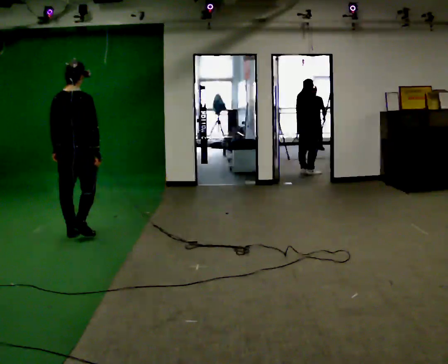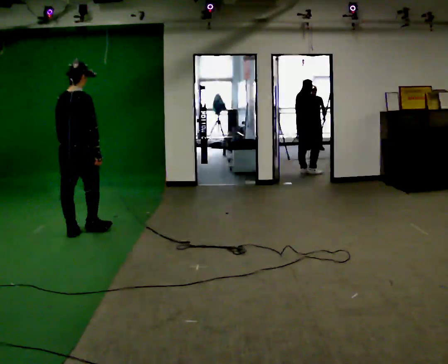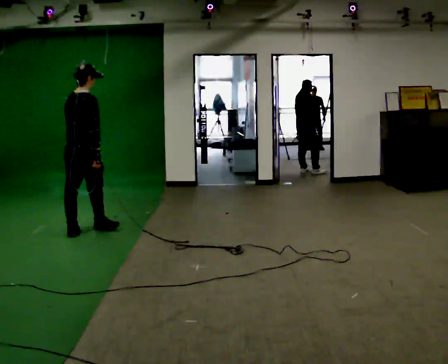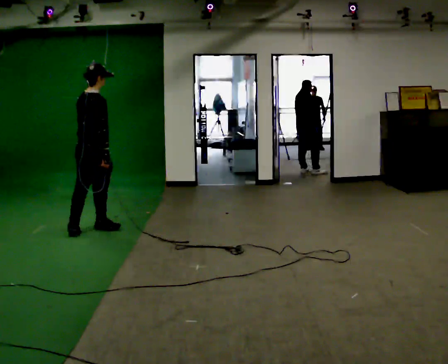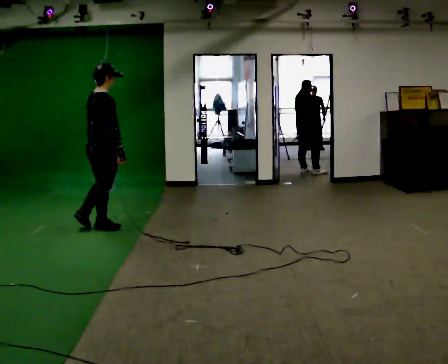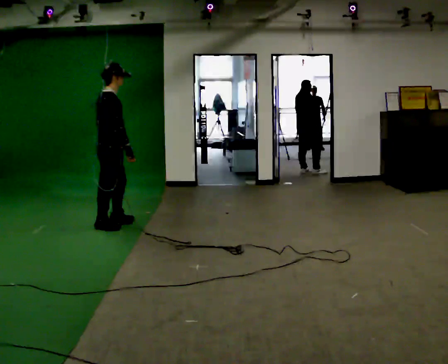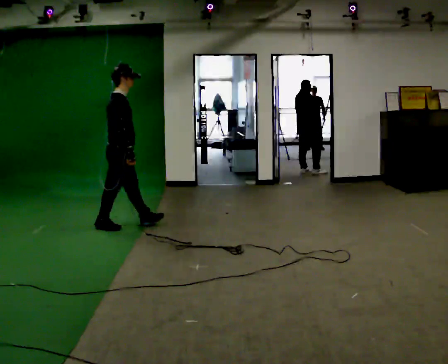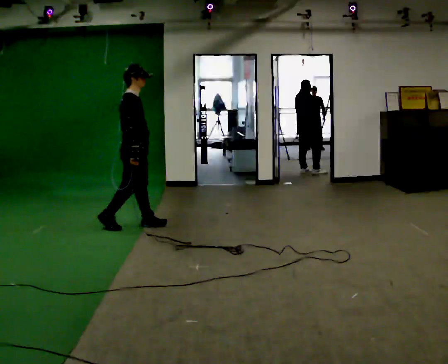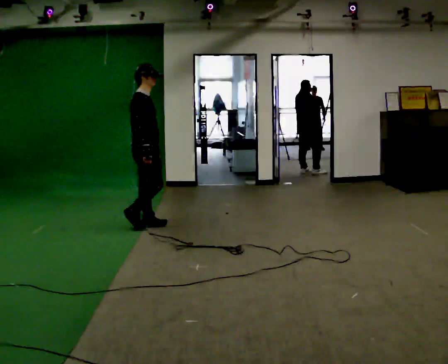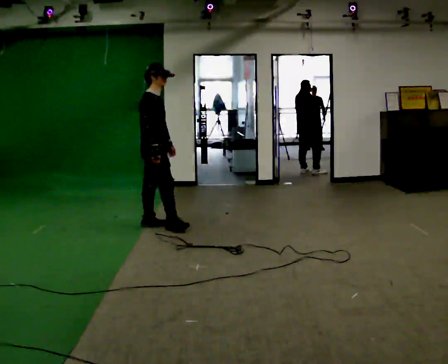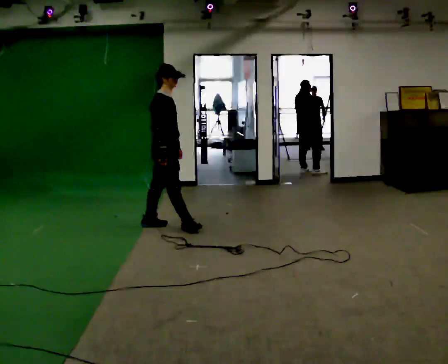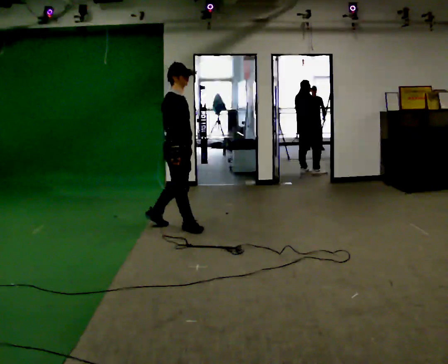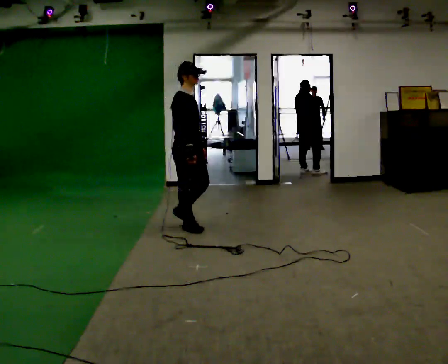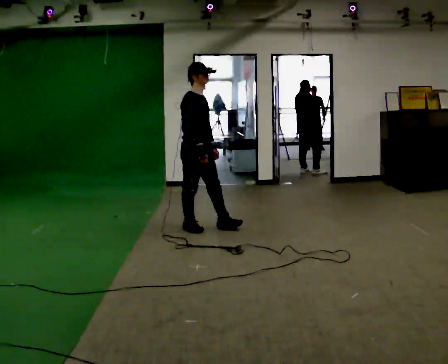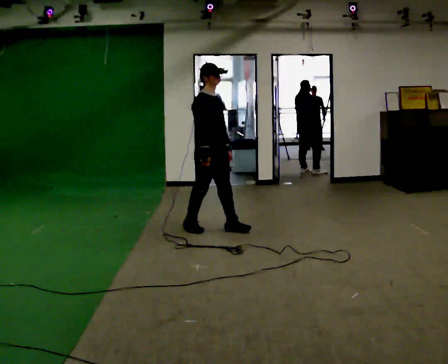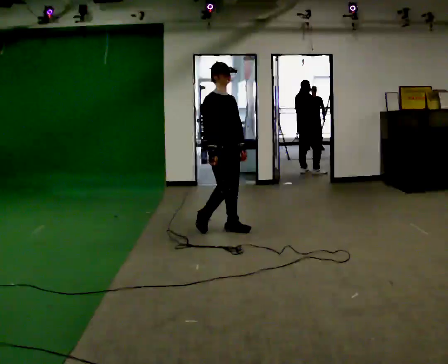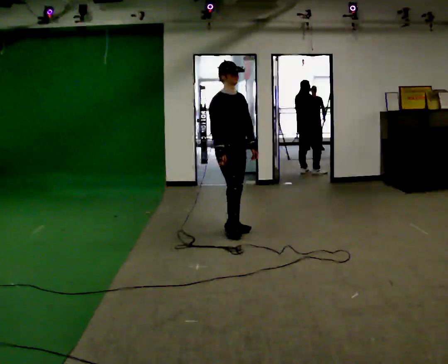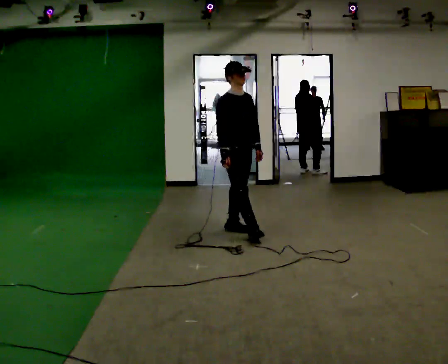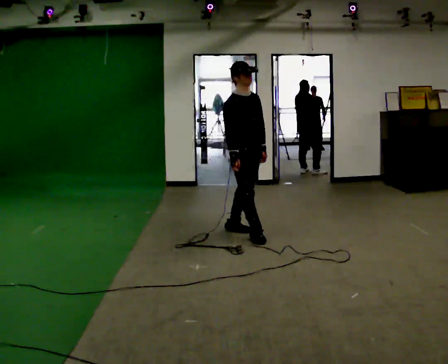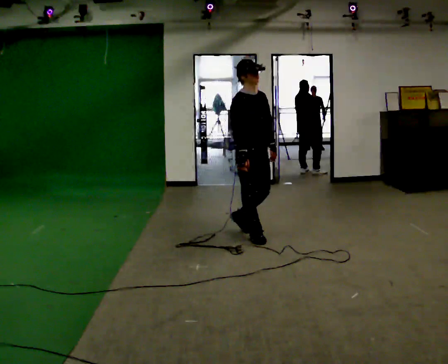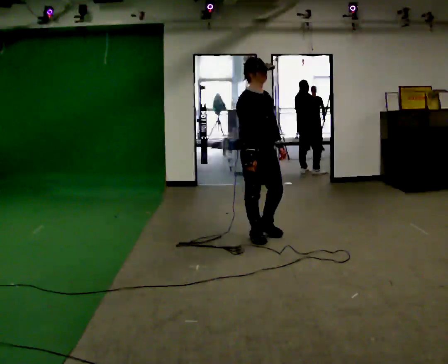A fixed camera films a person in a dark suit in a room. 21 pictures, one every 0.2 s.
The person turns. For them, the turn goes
to their right.
The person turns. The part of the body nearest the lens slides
to the left.
0.0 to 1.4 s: Seen from above the body turns clockwise, about 75 degrees: to their right, with its near side sliding to the left. In the picture they go to the right and away from the camera, about 0.75 m in 2 steps.
1.4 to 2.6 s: The person turns about 30 degrees to their right, clockwise seen from above, so the part of the body nearest the lens slides to the left. In the picture they go to the right, about 0.75 m in 1 step, which for them is forward.
2.6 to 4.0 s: In the picture they go to the right and toward the camera, about 0.75 m in 2 steps, which for them is forward.
The film runs forward here.
